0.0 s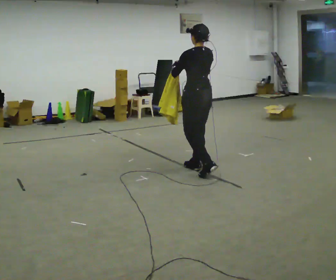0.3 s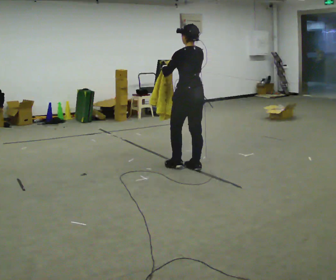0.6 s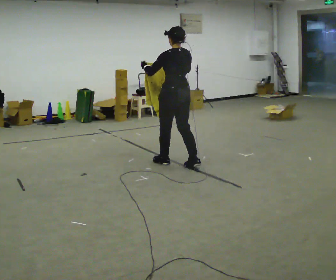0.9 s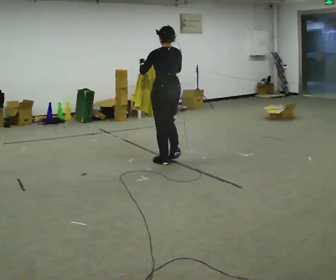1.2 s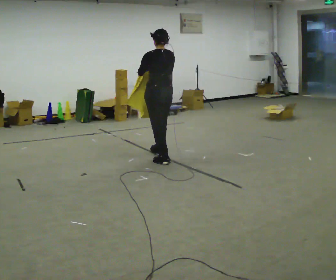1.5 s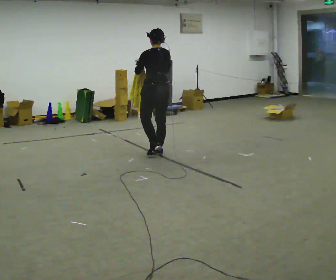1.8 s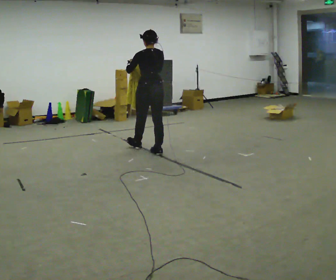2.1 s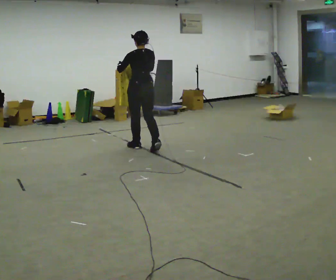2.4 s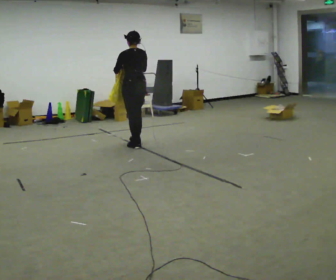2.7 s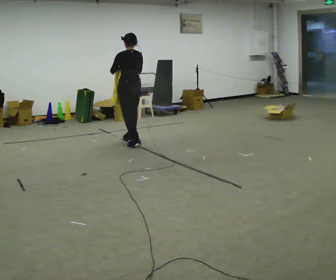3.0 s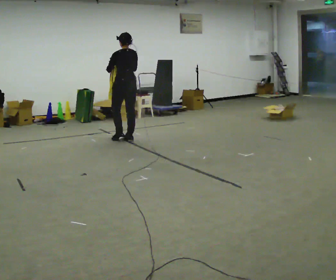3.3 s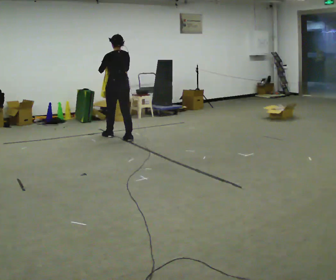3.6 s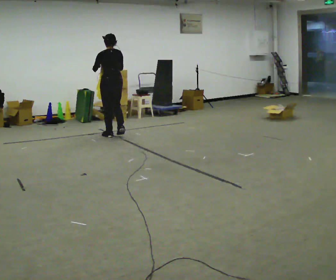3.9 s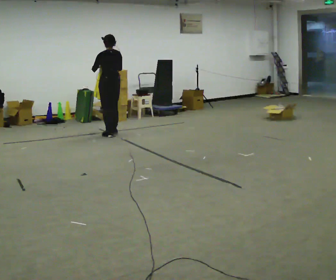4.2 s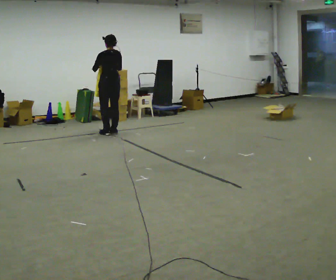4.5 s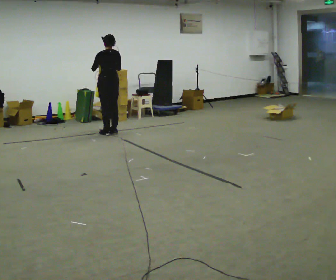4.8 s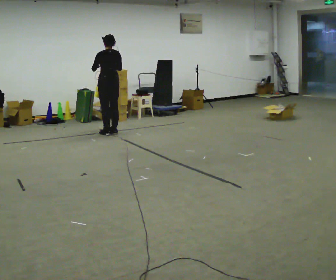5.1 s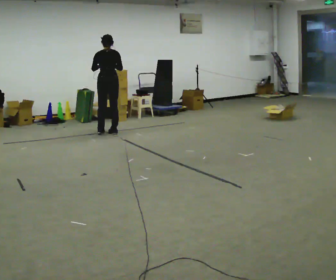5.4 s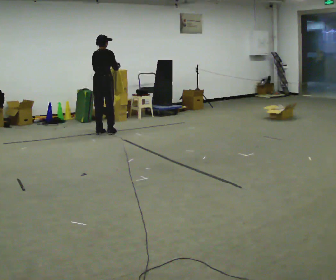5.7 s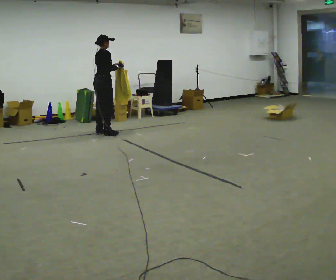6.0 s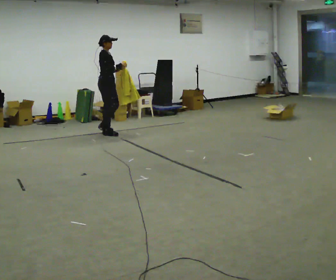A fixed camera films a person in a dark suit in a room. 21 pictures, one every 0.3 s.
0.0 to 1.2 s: In the picture they go away from the camera and to the left, about 0.5 m in 2 steps, which for them is forward.
1.2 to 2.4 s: In the picture they go away from the camera and to the left, about 0.5 m in 1 step, which for them is forward.
2.4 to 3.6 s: In the picture they go away from the camera and to the left, about 0.5 m in 2 steps, which for them is forward.
3.6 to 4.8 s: In the picture they go away from the camera, about 0.25 m in 2 steps, which for them is forward.
4.8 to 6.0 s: The part of the body nearest the lens slides to the left as the person turns to their right by about 120 degrees. In the picture their left hand goes to the right.
The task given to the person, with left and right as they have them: Carry the cloth and, while walking, fold it in half, then unfold it. Keep repeating as you walk. Do not stop.
The film runs forward here.
